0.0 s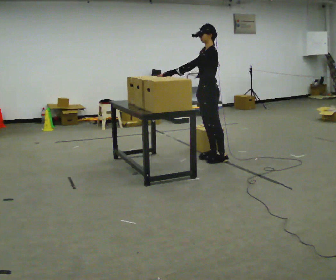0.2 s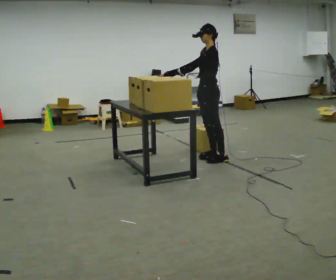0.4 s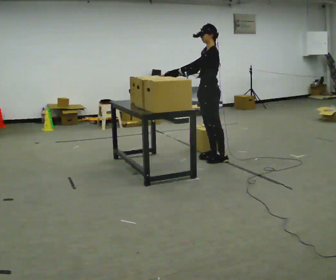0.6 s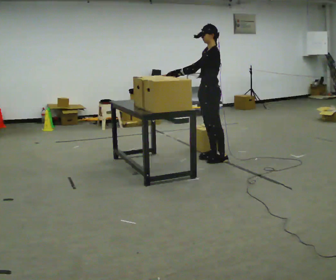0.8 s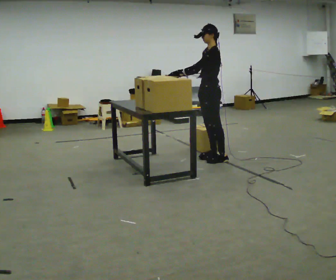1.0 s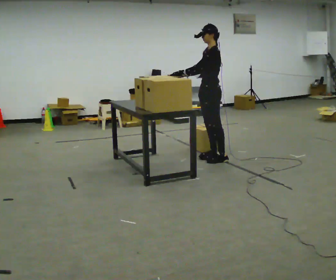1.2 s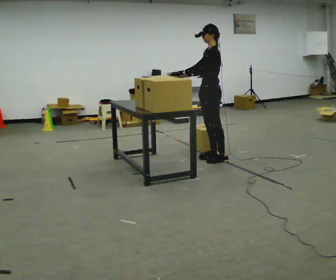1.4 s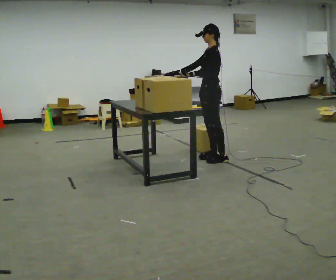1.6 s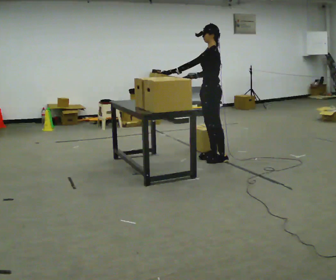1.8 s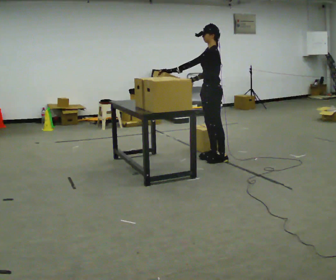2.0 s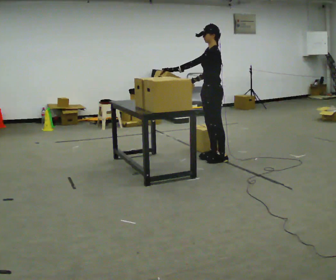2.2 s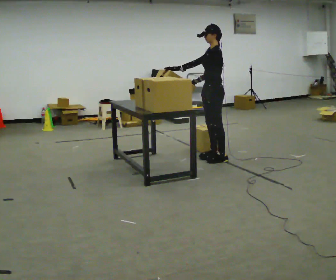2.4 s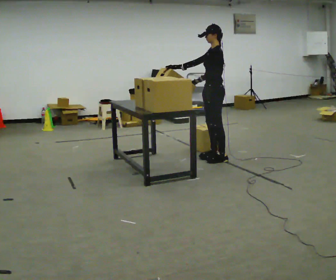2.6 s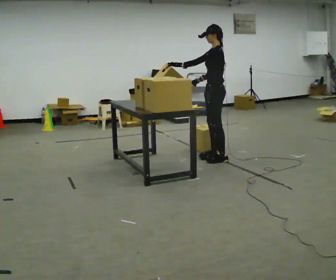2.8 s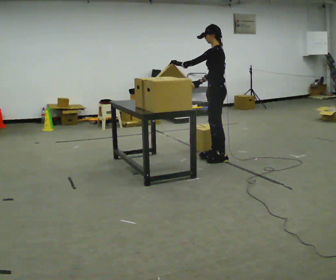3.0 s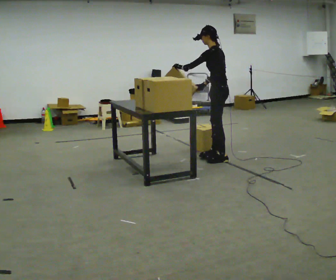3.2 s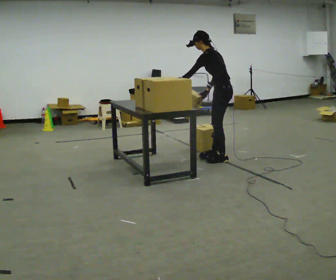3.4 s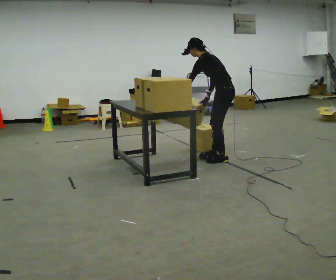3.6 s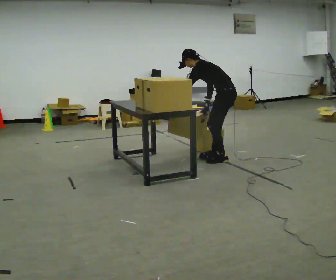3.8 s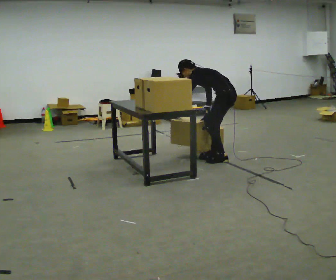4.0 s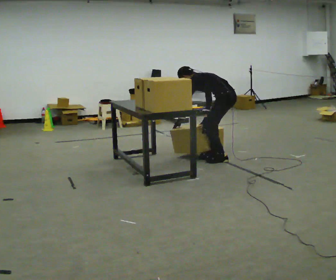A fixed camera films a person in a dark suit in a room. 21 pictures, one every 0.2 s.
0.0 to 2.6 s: The person moves a little, or ends about where they began.
2.6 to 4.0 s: The person turns about 30 degrees to their right, clockwise seen from above, so the part of the body nearest the lens slides to the left. The upper body goes downward. In the picture the upper body tilts counterclockwise, shoulders to the left, as they bend forward. In the picture their right hand goes downward.
The film runs backward here.
